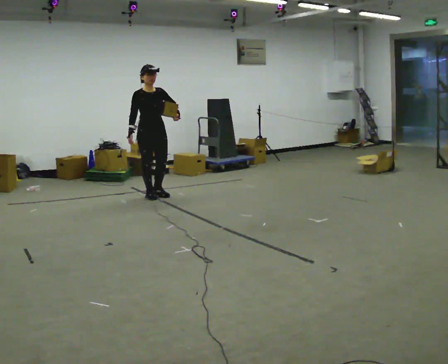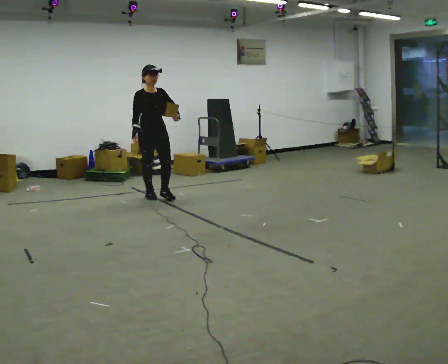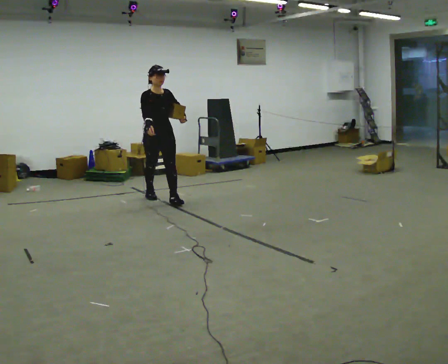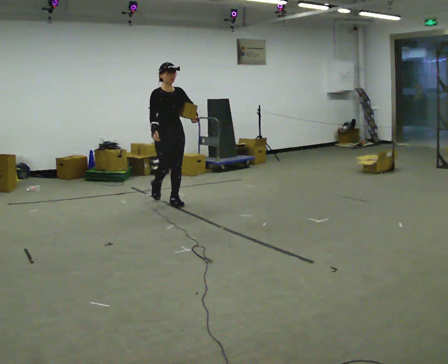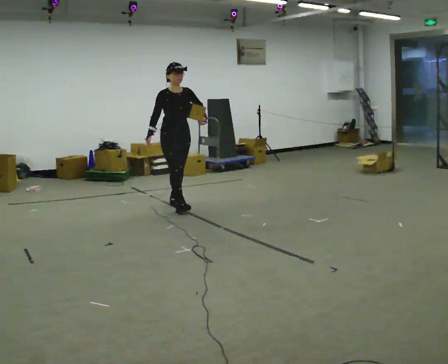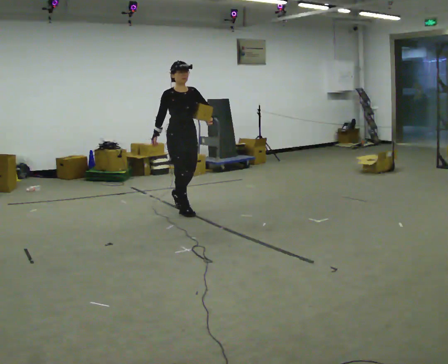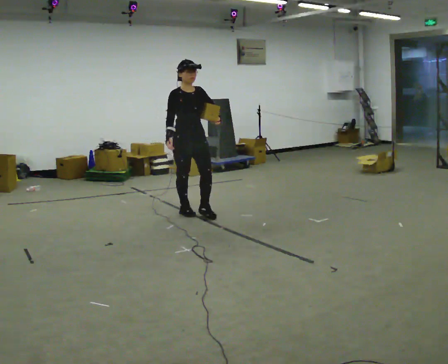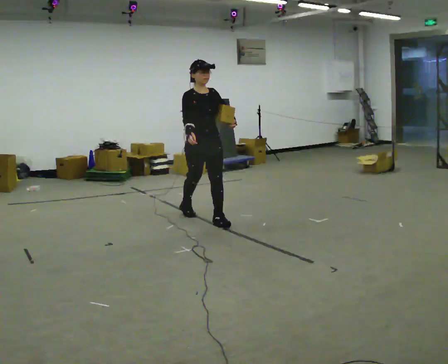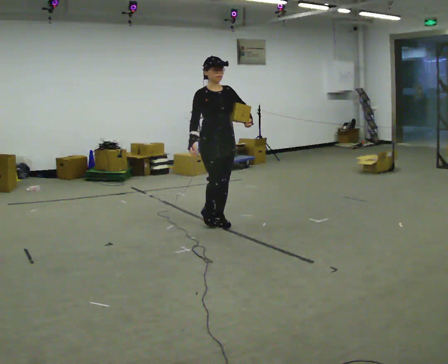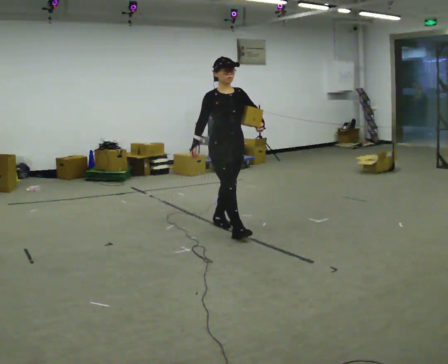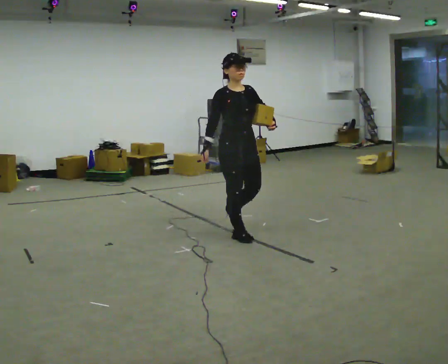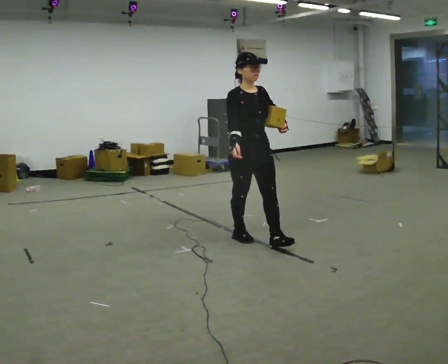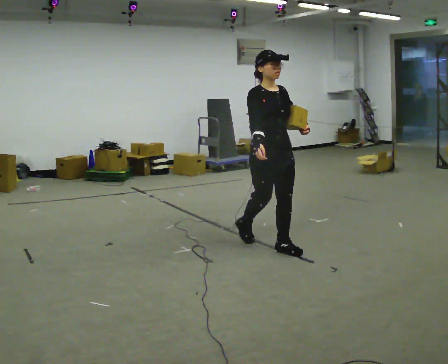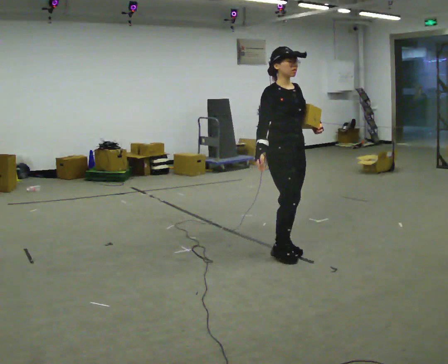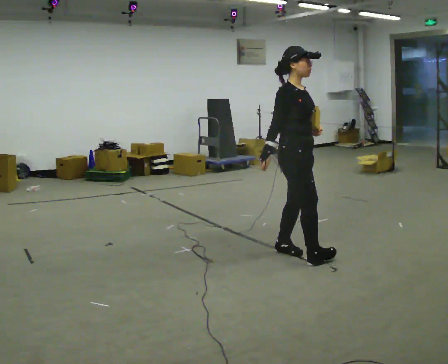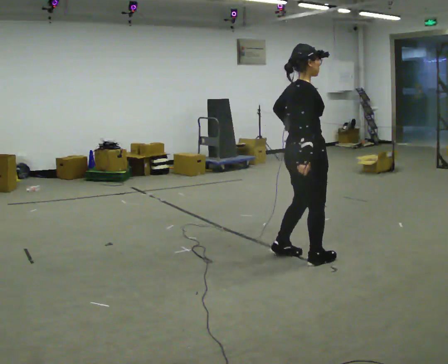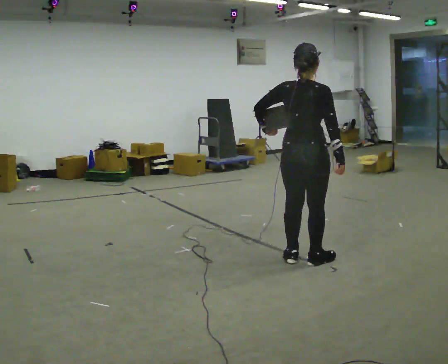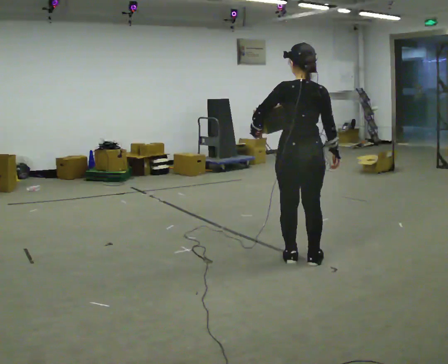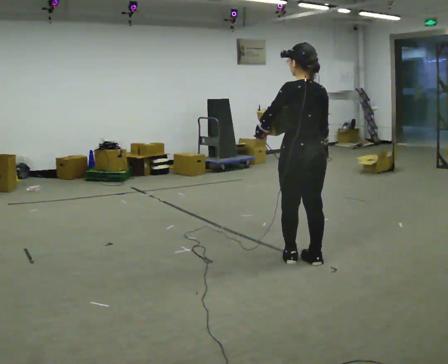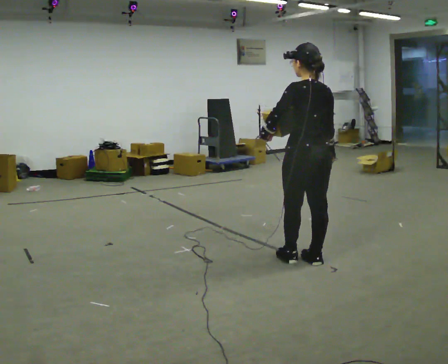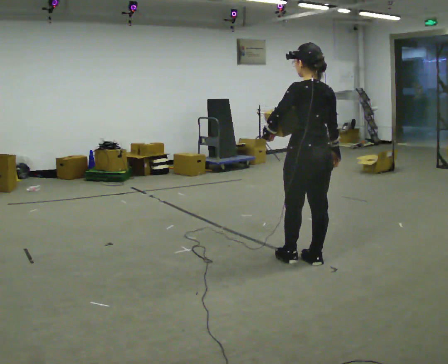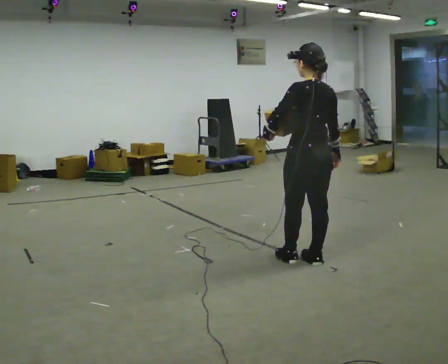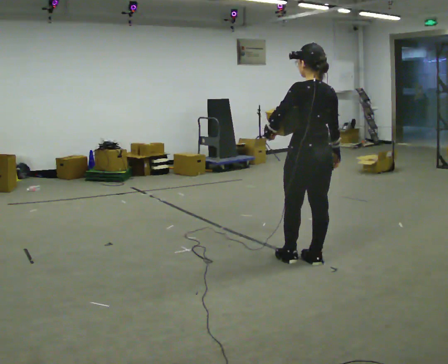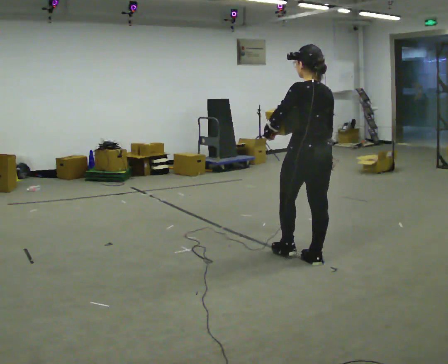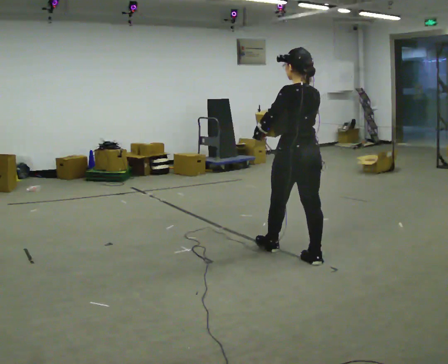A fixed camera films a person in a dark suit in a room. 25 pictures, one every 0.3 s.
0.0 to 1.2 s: In the picture they go to the right and toward the camera, about 0.5 m in 1 step, which for them is forward.
1.2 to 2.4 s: In the picture they go to the right and toward the camera, about 1 m in 2 steps, which for them is forward.
2.4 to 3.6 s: In the picture they go to the right and toward the camera, about 1 m in 2 steps, which for them is forward.
3.6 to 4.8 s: The part of the body nearest the lens slides to the right as the person turns to their left by about 120 degrees. In the picture they go to the right and toward the camera, about 0.5 m in 2 steps.
4.8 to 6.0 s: The part of the body nearest the lens slides to the right as the person turns to their left by about 60 degrees.
6.0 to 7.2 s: In the picture their right hand goes to the left.
The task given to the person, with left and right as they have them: Hold the object against your hip on the side the operator calls, and carry it back and forth across the room.
The film runs forward here.
